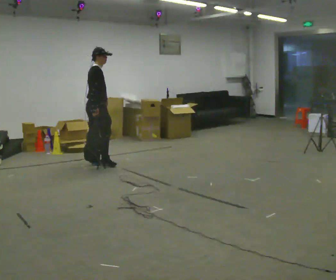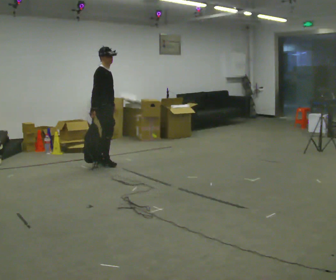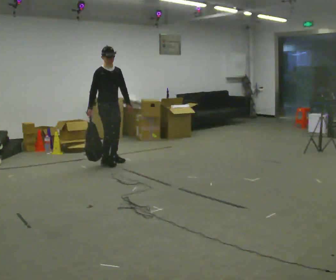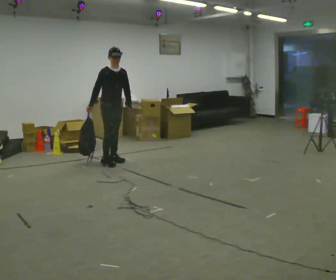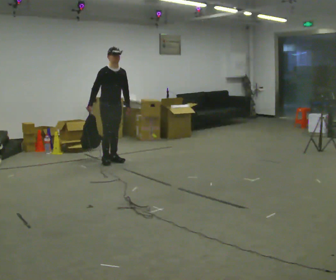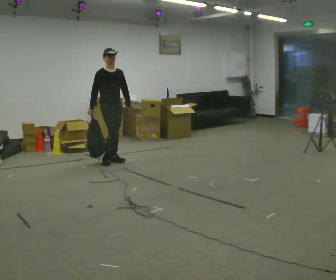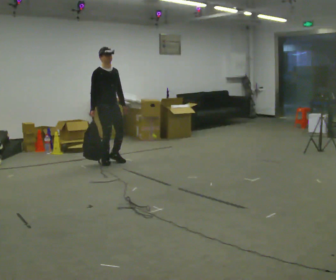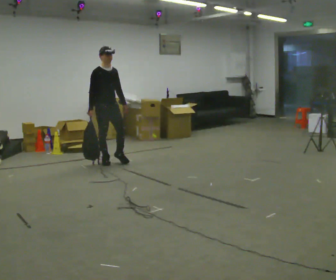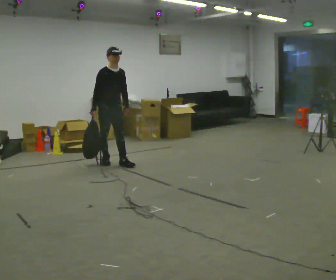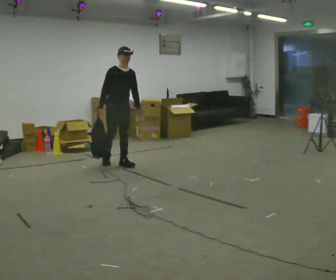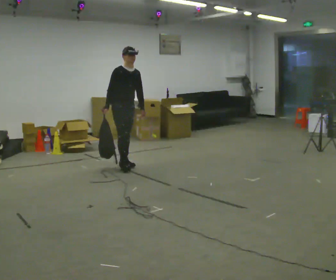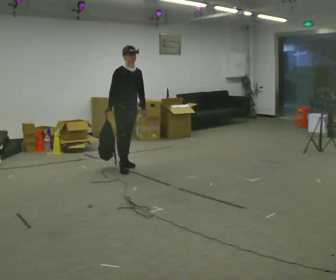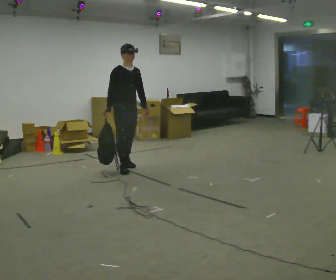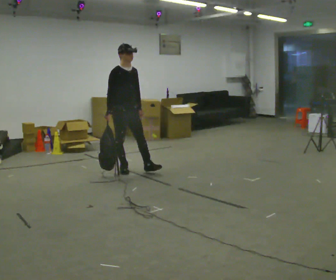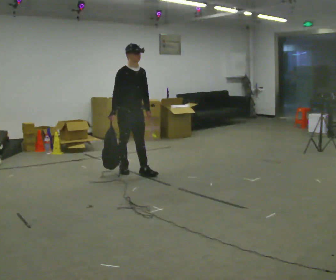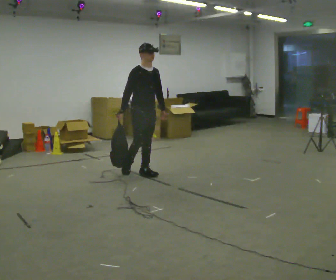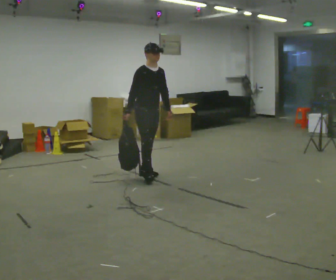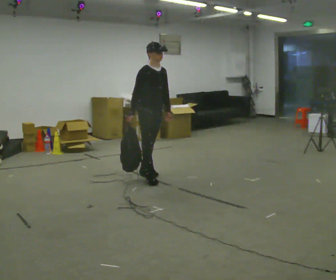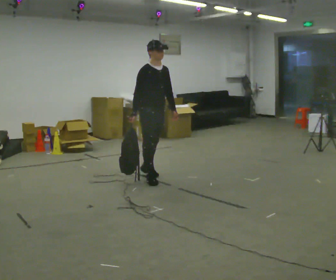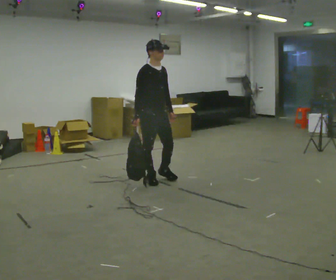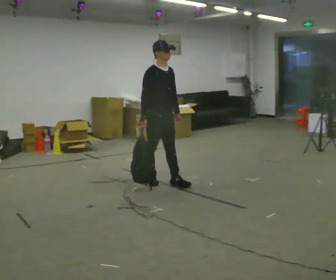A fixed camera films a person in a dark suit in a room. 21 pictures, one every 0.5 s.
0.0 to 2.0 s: Seen from above the body turns clockwise, about 90 degrees: to their right, with its near side sliding to the left. In the picture they go away from the camera and to the right, about 0.25 m in 2 steps.
2.0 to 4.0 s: In the picture they go toward the camera, about 0.25 m in 1 step, which for them is forward.
4.0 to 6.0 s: In the picture they go toward the camera and to the right, about 0.5 m in 1 step, which for them is forward.
6.0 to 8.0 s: In the picture they go to the right and toward the camera, about 0.5 m in 1 step, which for them is forward.
8.0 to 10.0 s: In the picture they go toward the camera, about 0.5 m in 2 steps, which for them is forward and to their right.
The film runs forward here.
